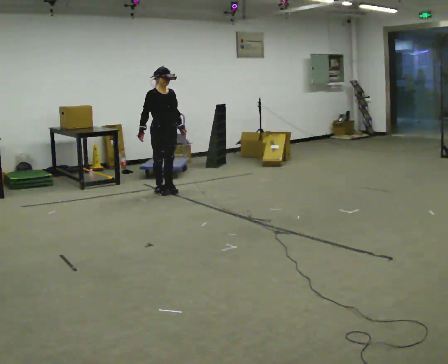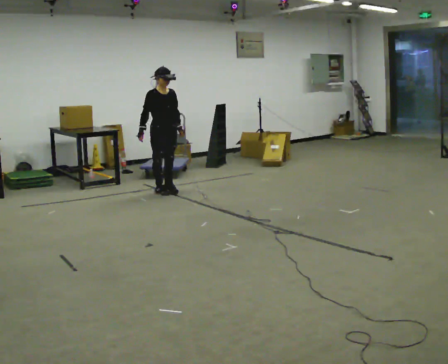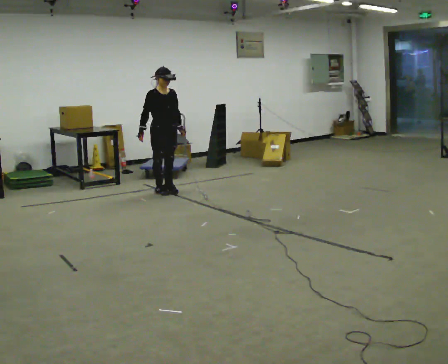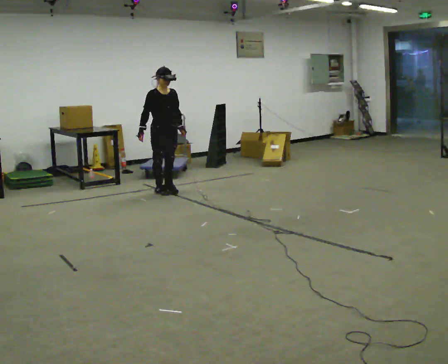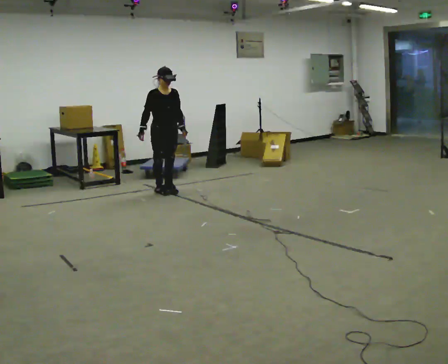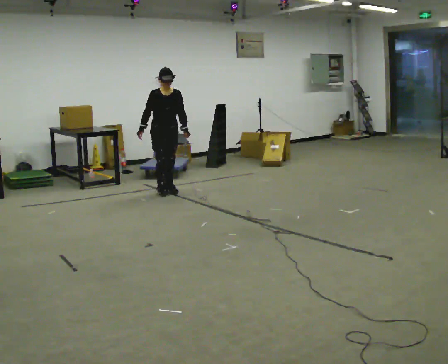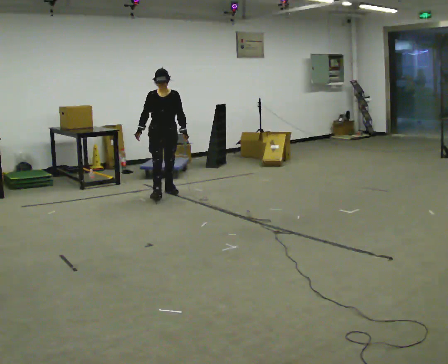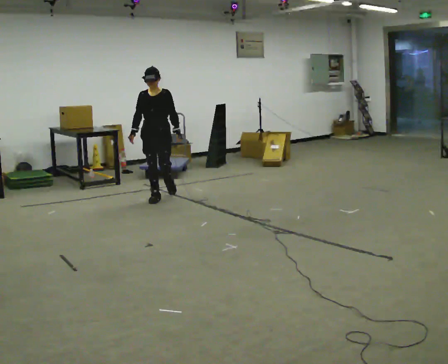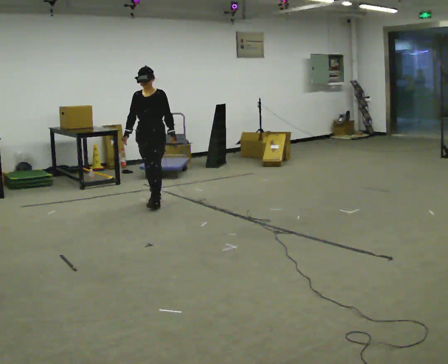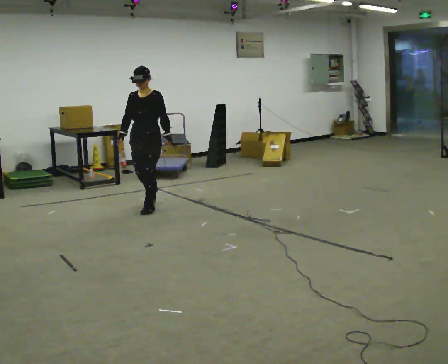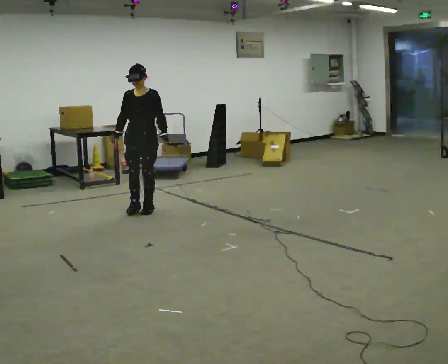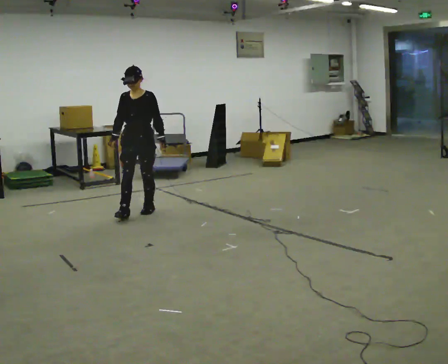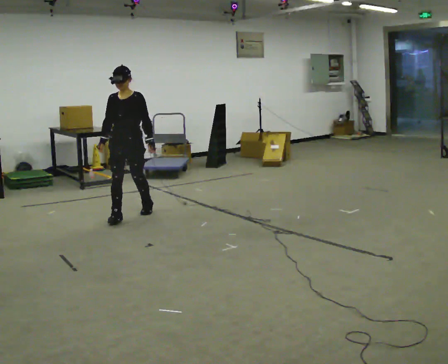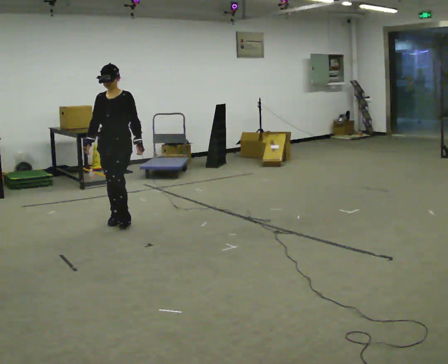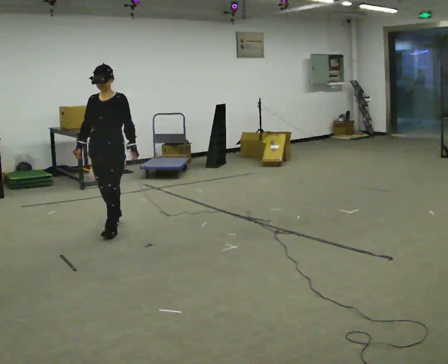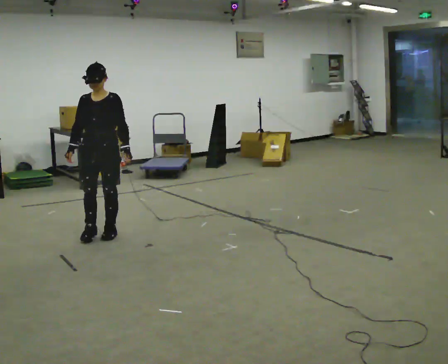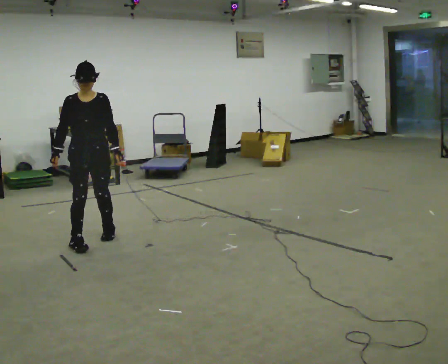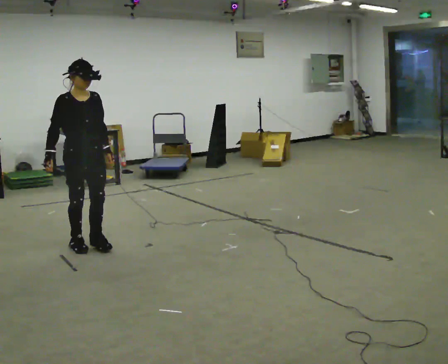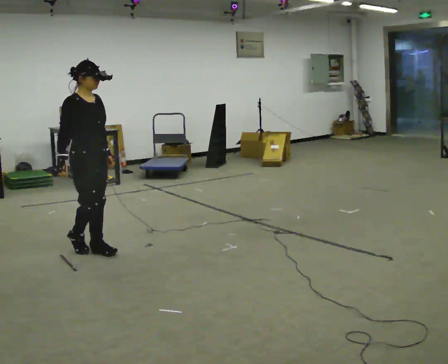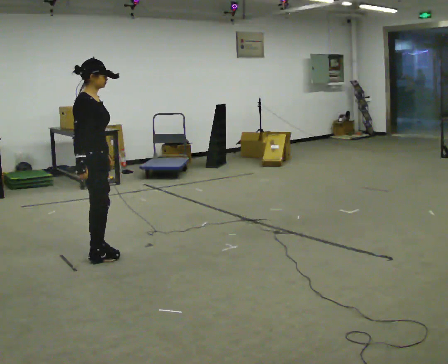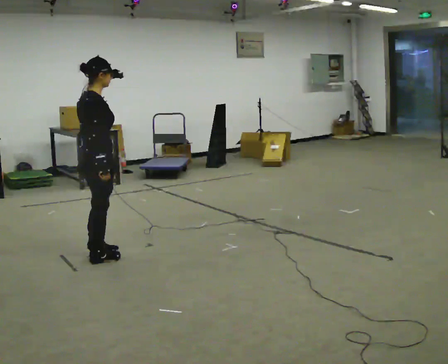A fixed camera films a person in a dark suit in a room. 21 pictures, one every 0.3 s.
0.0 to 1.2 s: The person moves a little, or ends about where they began.
1.2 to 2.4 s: The person turns about 45 degrees to their right, clockwise seen from above, so the part of the body nearest the lens slides to the left. In the picture they go toward the camera, about 0.5 m in 1 step, which for them is forward.
2.4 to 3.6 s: In the picture they go toward the camera and to the left, about 0.75 m in 2 steps, which for them is forward.
3.6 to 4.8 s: The person turns about 30 degrees to their left, counterclockwise seen from above, so the part of the body nearest the lens slides to the right. In the picture they go toward the camera and to the left, about 1 m in 2 steps, which for them is forward.
4.8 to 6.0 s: Seen from above the body turns counterclockwise, about 105 degrees: to their left, with its near side sliding to the right. In the picture they go toward the camera, about 0.5 m in 2 steps.
The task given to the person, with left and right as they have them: Walk through 3–5 turns in sequence; keep moving; stop at end.
The film runs forward here.
